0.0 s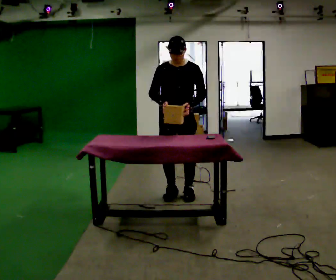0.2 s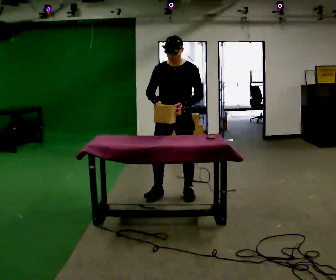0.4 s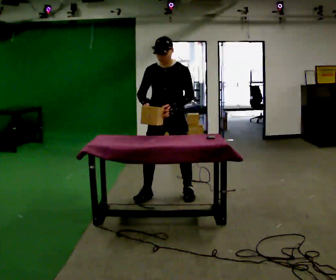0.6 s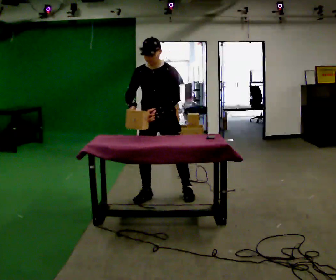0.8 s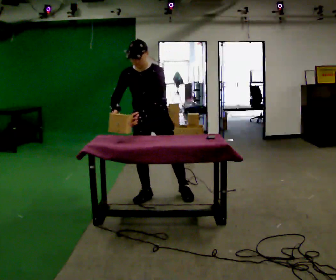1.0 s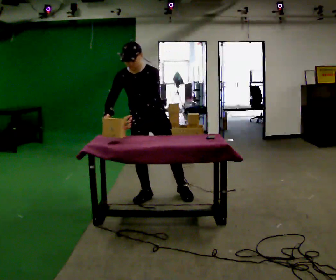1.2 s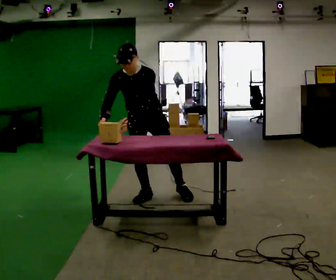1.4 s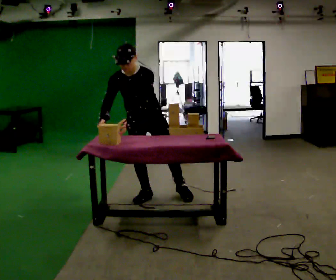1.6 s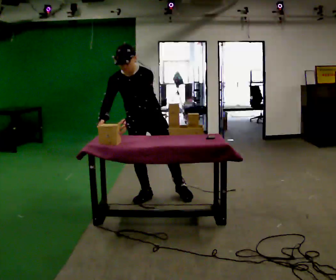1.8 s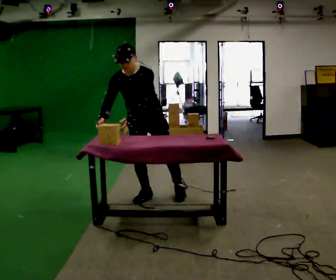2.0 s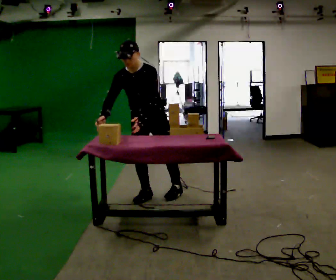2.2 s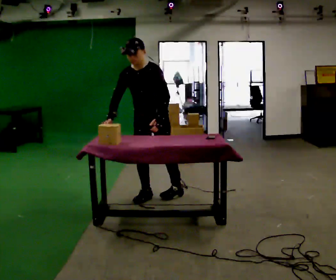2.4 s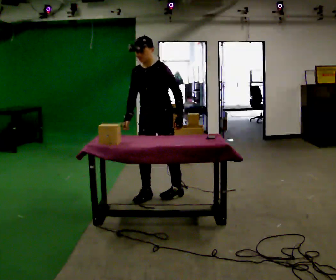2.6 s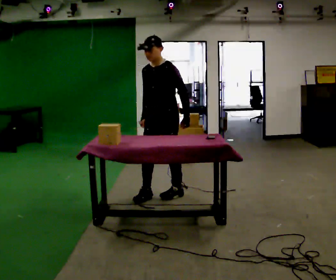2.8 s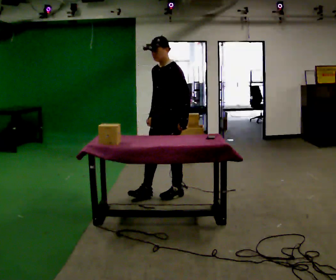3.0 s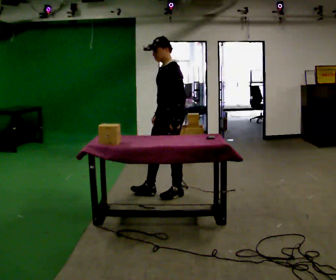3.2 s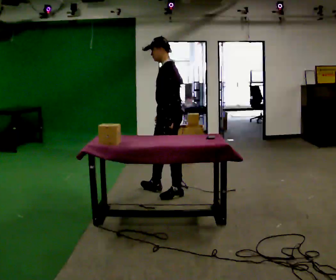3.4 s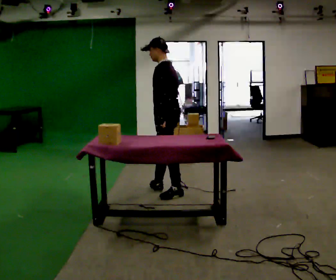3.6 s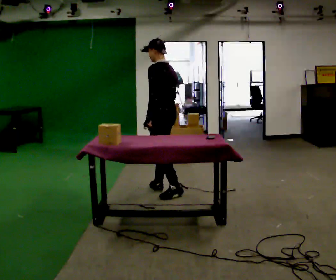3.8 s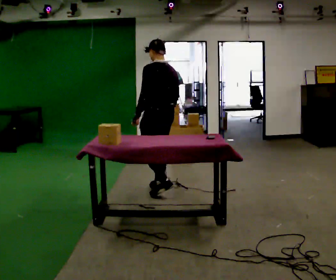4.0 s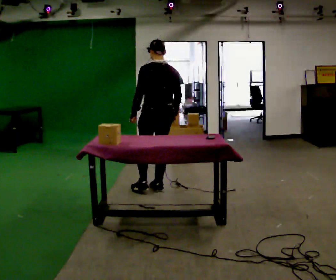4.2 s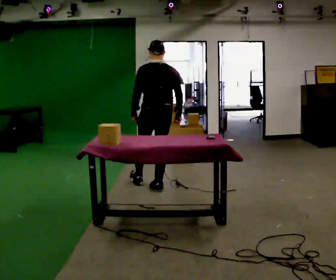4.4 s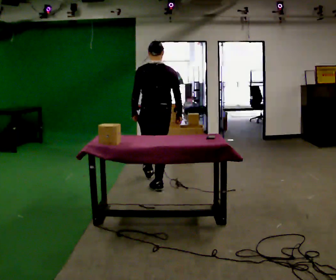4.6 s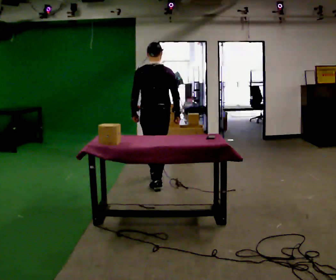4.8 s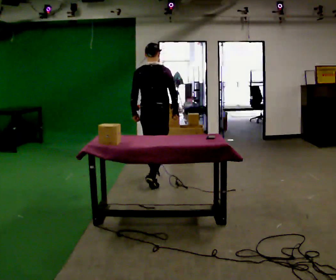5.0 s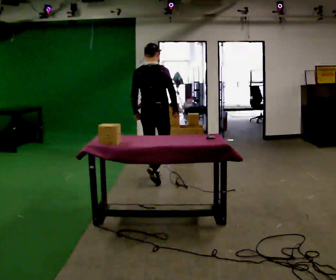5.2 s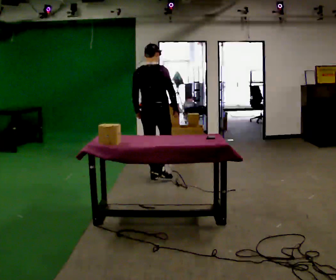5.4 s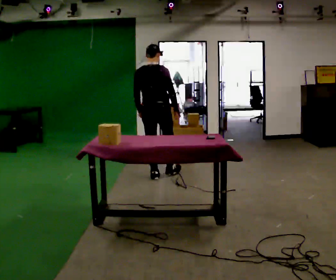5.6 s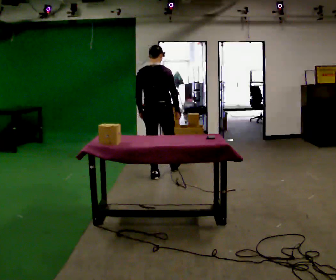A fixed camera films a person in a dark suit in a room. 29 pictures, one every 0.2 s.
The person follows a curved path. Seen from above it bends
clockwise.
The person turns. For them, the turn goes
to their right.
0.0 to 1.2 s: In the picture they go to the left, about 0.25 m in 1 step, which for them is to their right. The upper body tips toward the camera, its near side rolling downward, as they bend forward.
1.2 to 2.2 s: The upper body tips away from the camera, its near side rolling upward, as they lean back or straighten.
2.2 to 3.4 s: Seen from above the body turns clockwise, about 75 degrees: to their right, with its near side sliding to the left. In the picture they go to the right, about 0.25 m in 1 step. In the picture their right hand goes to the right.
3.4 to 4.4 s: Seen from above the body turns clockwise, about 75 degrees: to their right, with its near side sliding to the left. In the picture they go away from the camera and to the left, about 0.25 m.
4.4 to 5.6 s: In the picture they go away from the camera, about 0.5 m in 1 step, which for them is forward.
The film runs forward here.
